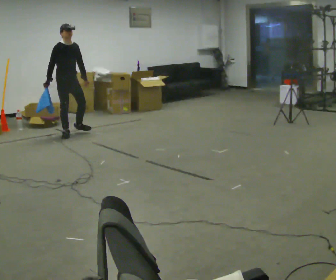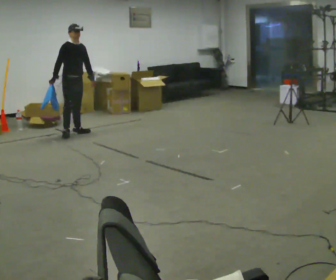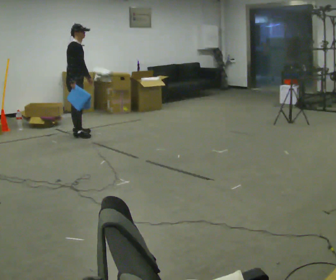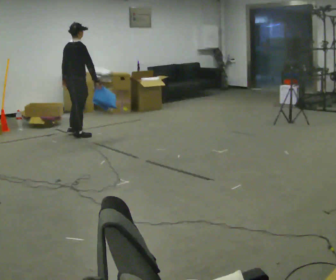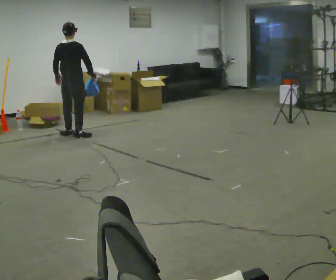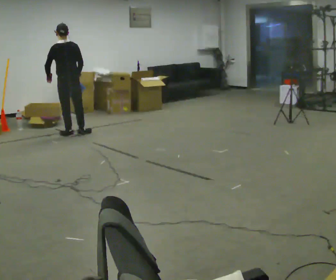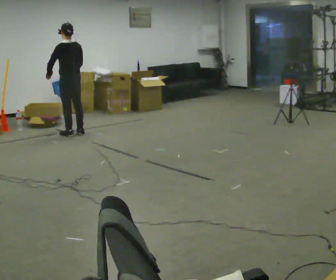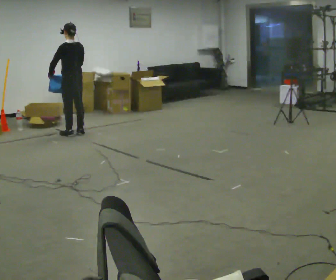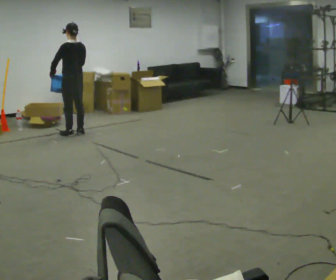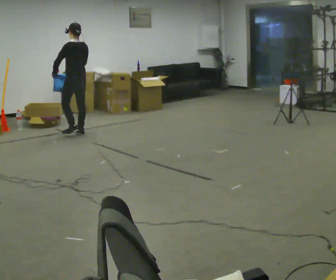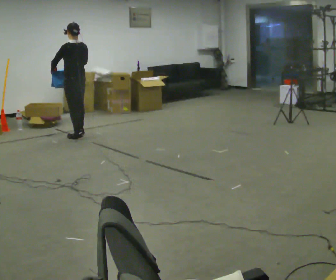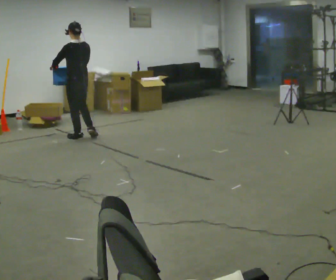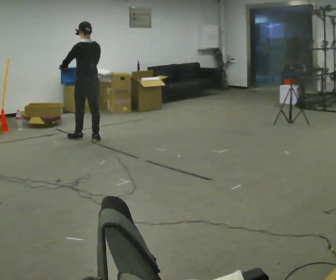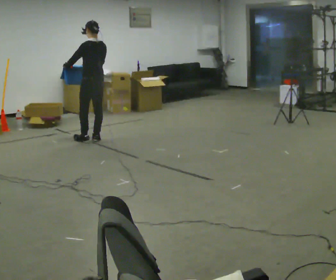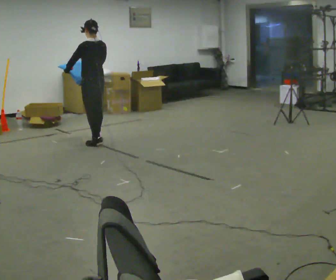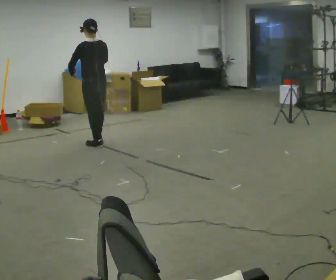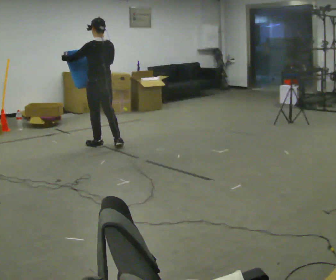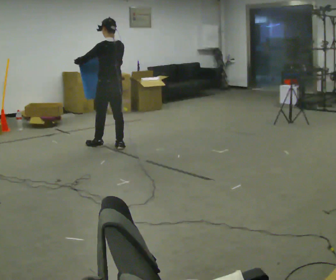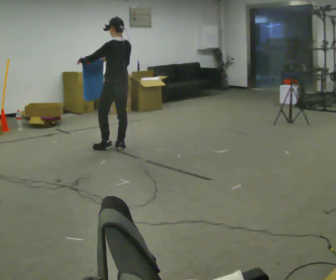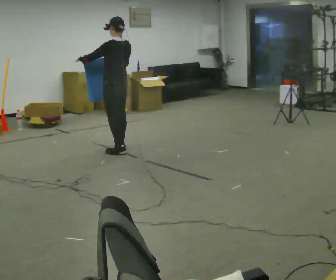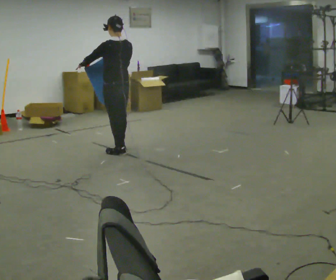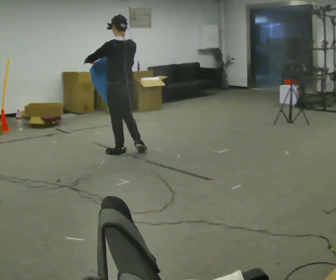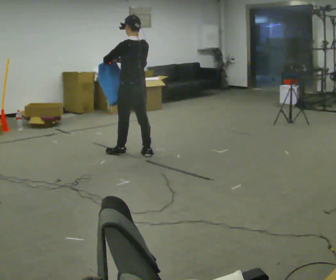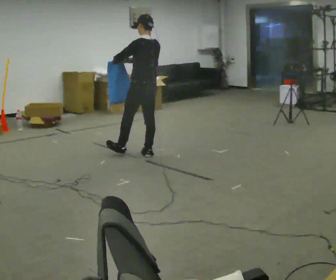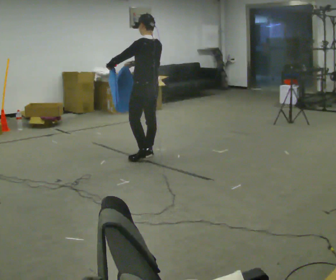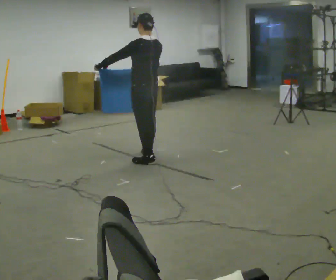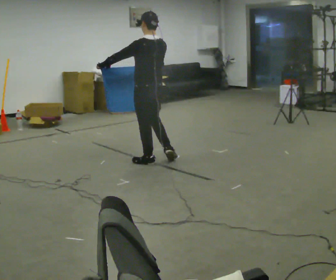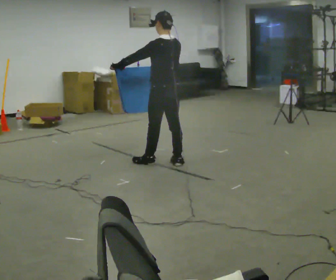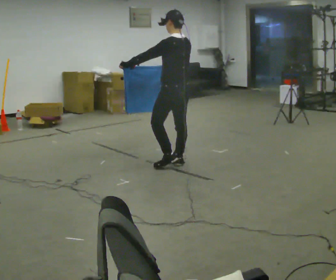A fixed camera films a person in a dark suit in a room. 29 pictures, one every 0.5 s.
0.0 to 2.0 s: Seen from above the body turns counterclockwise, about 135 degrees: to their left, with its near side sliding to the right. In the picture their right hand goes to the right, the arm swinging counterclockwise.
2.0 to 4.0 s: The part of the body nearest the lens slides to the right as the person turns to their left by about 45 degrees. In the picture their right hand goes to the left.
4.0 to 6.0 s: In the picture they go toward the camera and to the right, about 0.5 m in 2 steps, which for them is backward.
6.0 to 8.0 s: In the picture they go toward the camera and to the right, about 0.5 m in 2 steps, which for them is backward.
8.0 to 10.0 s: In the picture they go toward the camera and to the right, about 0.5 m in 1 step, which for them is backward.
10.0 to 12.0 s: In the picture they go to the right and toward the camera, about 0.5 m in 2 steps, which for them is backward and to their right.
12.0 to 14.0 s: In the picture they go toward the camera and to the right, about 0.5 m in 2 steps, which for them is backward.
The film runs backward here.
